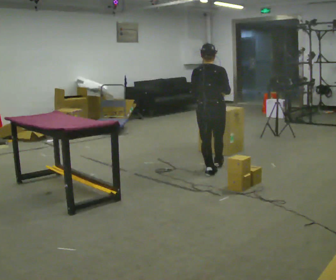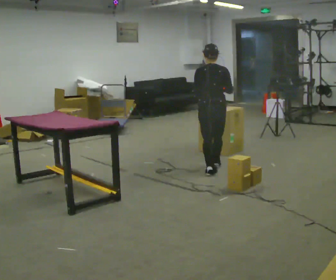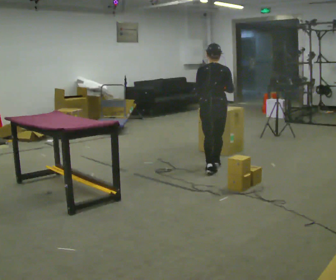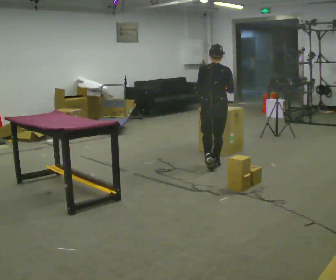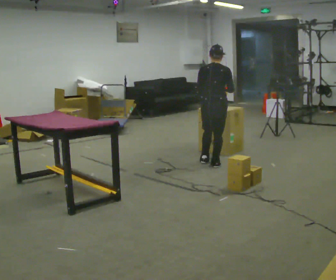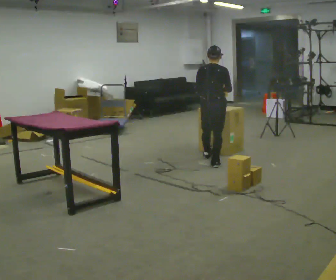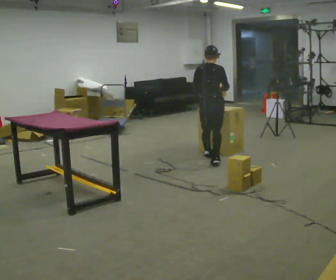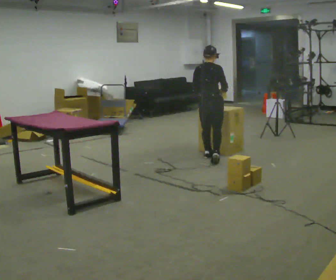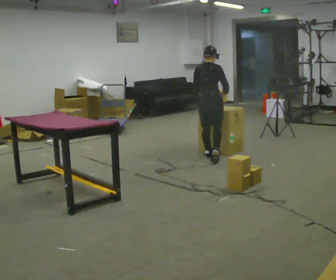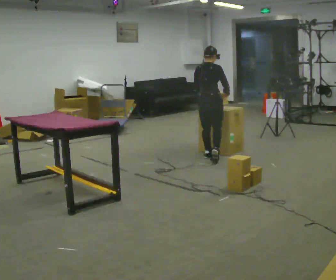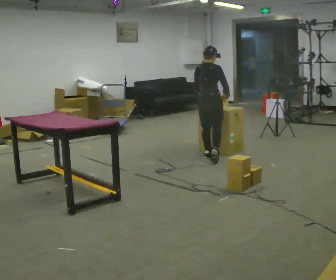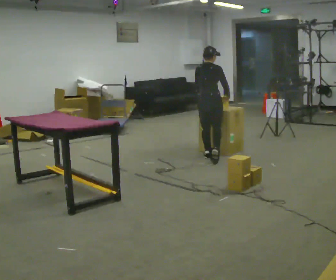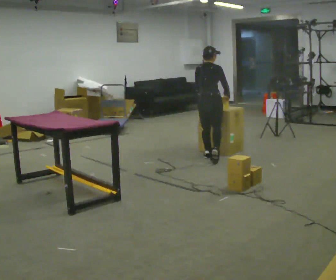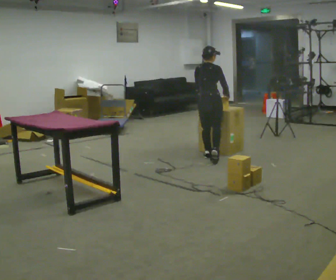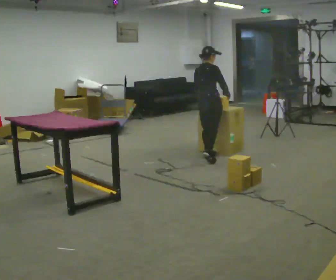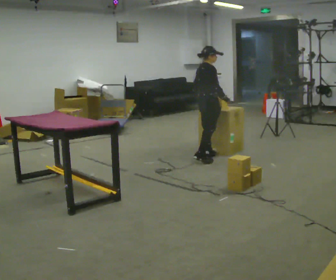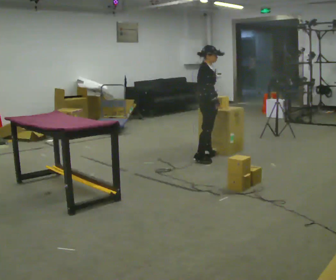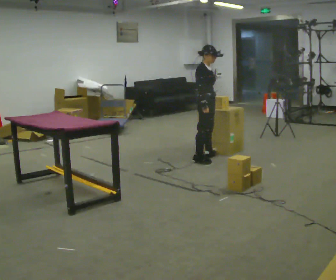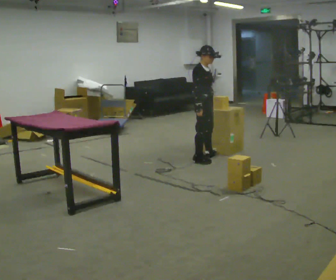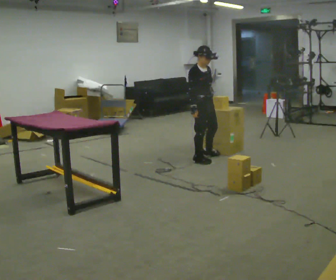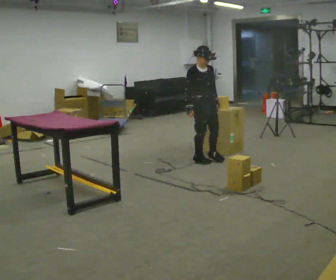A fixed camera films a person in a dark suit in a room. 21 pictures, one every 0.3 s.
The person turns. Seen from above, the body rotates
clockwise.
The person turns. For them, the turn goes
to their right.
0.0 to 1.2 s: In the picture they go away from the camera, about 0.25 m in 1 step, which for them is forward.
1.2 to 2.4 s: In the picture they go away from the camera, about 0.5 m in 1 step, which for them is forward and to their left.
2.4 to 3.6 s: The person moves a little, or ends about where they began.
3.6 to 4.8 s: Seen from above the body turns clockwise, about 60 degrees: to their right, with its near side sliding to the left.
4.8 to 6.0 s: The part of the body nearest the lens slides to the left as the person turns to their right by about 45 degrees. In the picture they go toward the camera, about 0.25 m, which for them is to their right. In the picture their right hand goes to the left.
The film runs forward here.
